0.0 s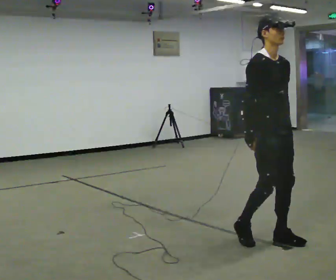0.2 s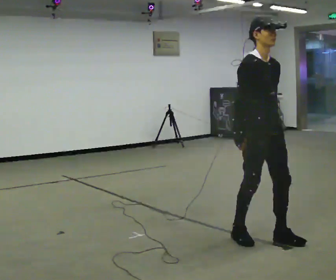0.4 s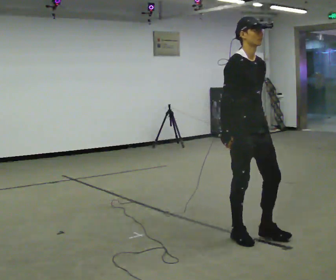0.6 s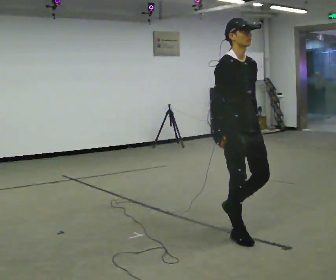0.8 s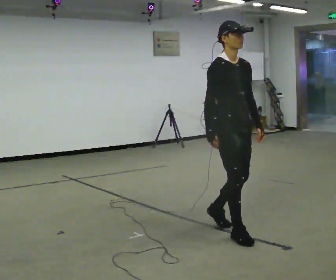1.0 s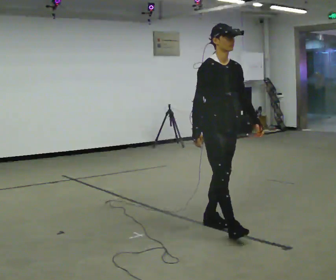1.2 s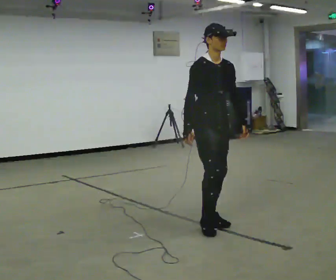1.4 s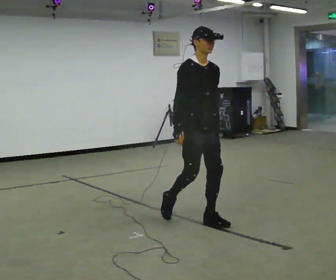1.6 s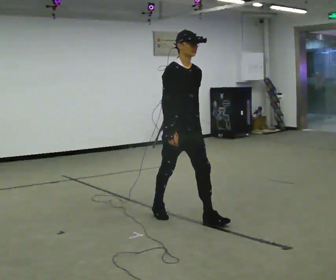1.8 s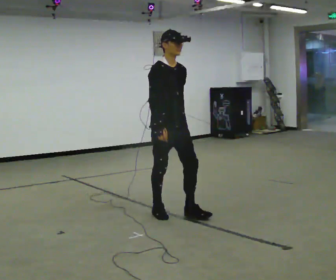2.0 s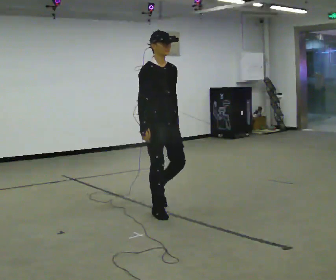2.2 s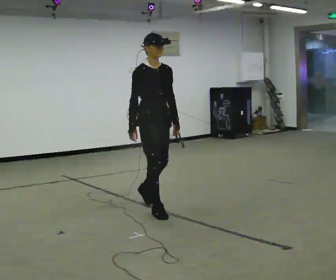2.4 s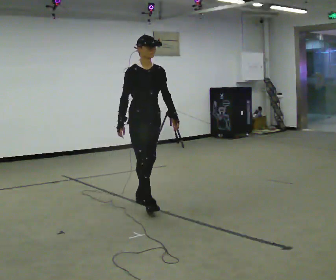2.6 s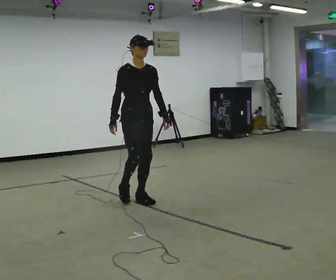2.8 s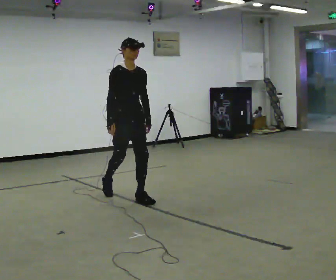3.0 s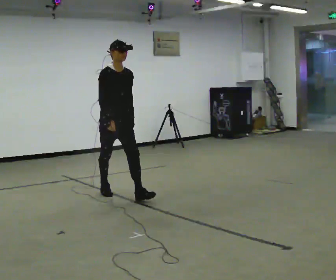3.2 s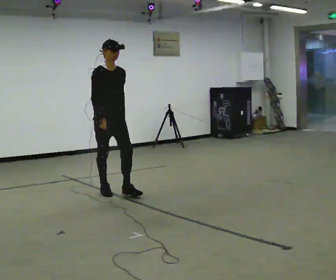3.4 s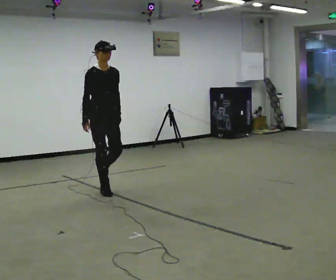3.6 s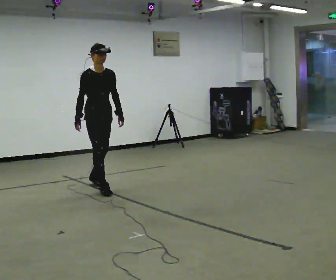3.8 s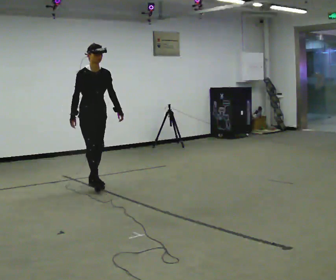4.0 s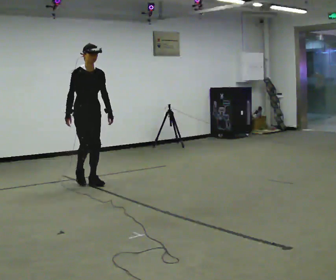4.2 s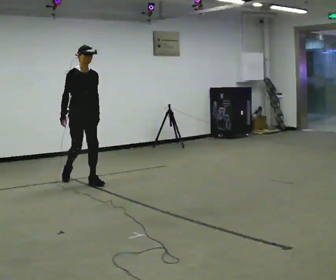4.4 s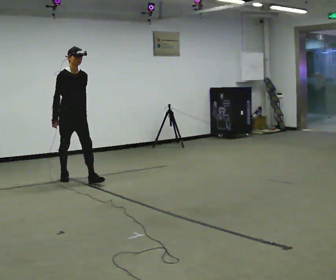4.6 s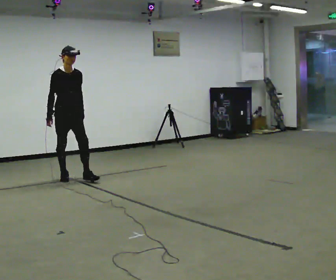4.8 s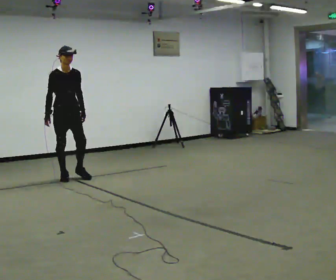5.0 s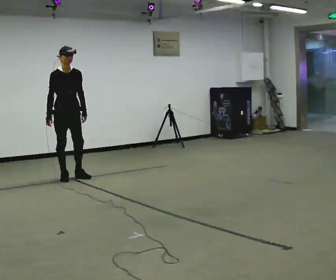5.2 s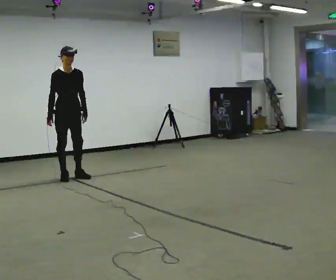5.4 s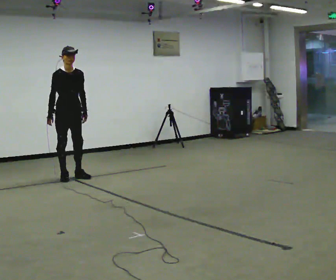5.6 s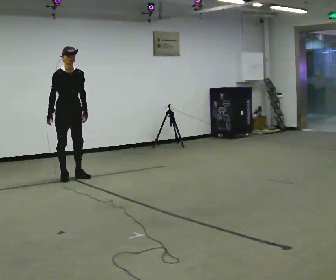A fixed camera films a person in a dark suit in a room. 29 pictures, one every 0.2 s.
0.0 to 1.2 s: In the picture they go away from the camera and to the left, about 0.75 m in 2 steps, which for them is backward.
1.2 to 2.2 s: In the picture they go away from the camera and to the left, about 0.5 m in 1 step, which for them is backward.
2.2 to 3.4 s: In the picture they go away from the camera and to the left, about 1 m in 2 steps, which for them is backward.
3.4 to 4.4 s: In the picture they go away from the camera and to the left, about 0.5 m in 1 step, which for them is backward.
4.4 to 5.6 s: In the picture they go away from the camera, about 0.25 m in 1 step, which for them is backward.
The film runs backward here.
